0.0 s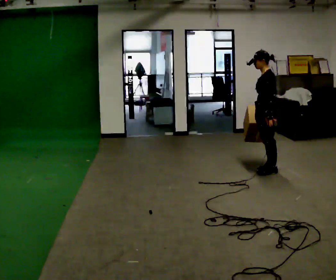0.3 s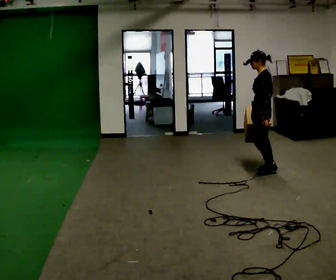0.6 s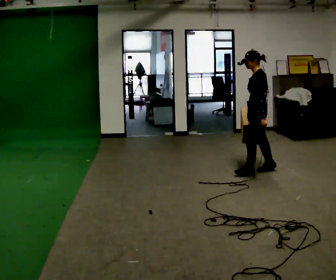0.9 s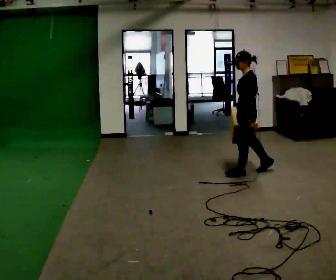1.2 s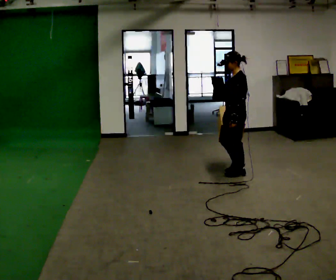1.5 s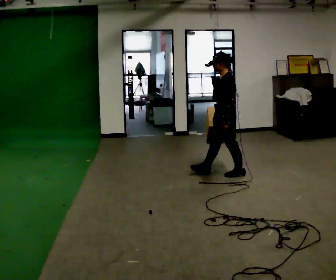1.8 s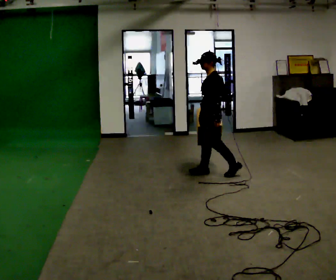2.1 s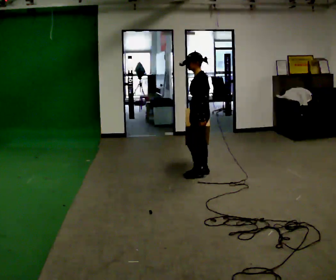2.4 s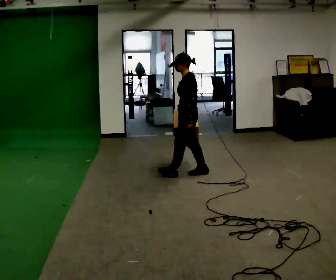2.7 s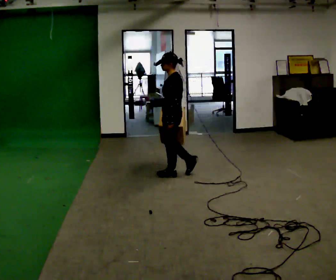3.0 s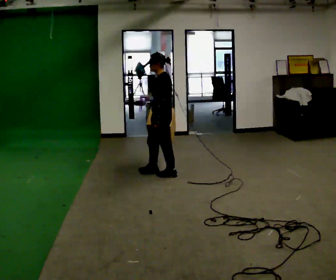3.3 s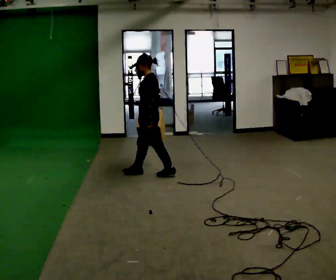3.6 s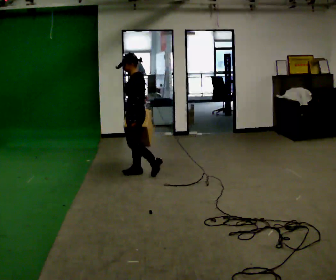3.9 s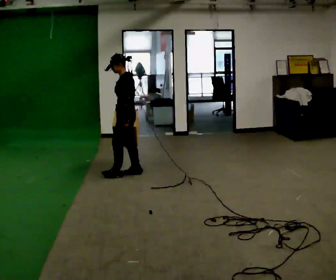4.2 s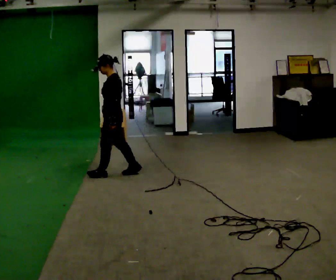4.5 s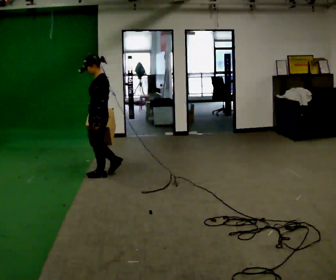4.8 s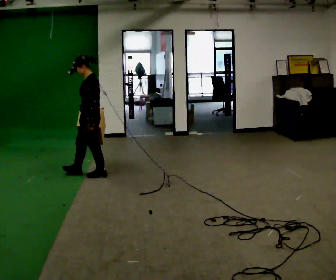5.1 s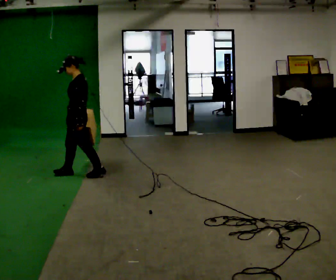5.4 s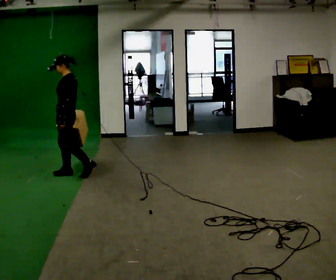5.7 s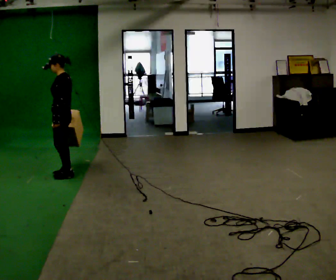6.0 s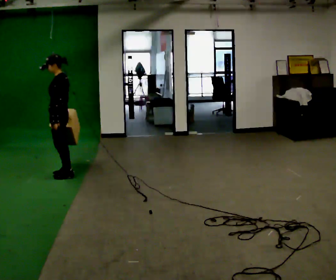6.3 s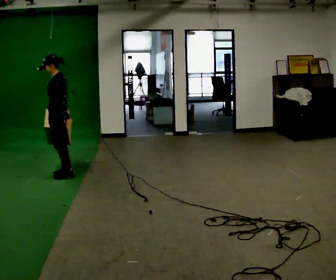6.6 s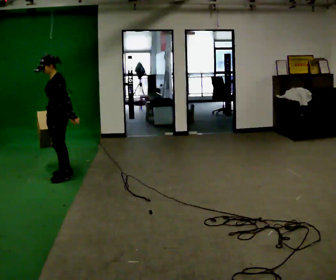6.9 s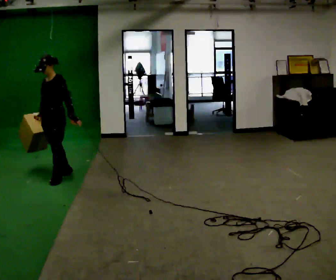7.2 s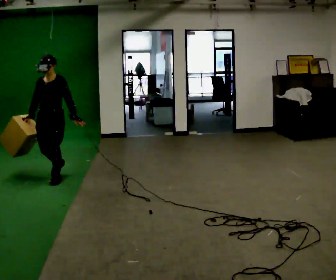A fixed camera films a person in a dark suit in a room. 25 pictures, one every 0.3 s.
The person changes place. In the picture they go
to the left.
0.0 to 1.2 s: In the picture they go to the left, about 0.25 m in 1 step, which for them is forward.
1.2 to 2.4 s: In the picture they go to the left, about 0.5 m in 2 steps, which for them is forward.
2.4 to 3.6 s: In the picture they go to the left, about 0.5 m in 1 step, which for them is forward.
3.6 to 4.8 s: In the picture they go to the left, about 0.5 m in 1 step, which for them is forward.
4.8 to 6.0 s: In the picture they go to the left, about 0.5 m in 2 steps, which for them is forward.
6.0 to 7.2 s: The part of the body nearest the lens slides to the right as the person turns to their left by about 75 degrees. In the picture they go toward the camera, about 0.25 m in 1 step. In the picture their right hand goes to the left.
The film runs forward here.
